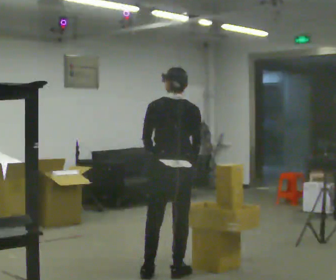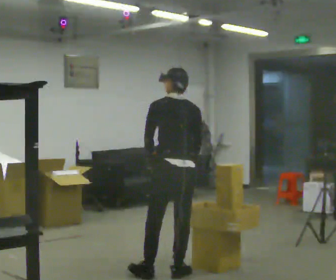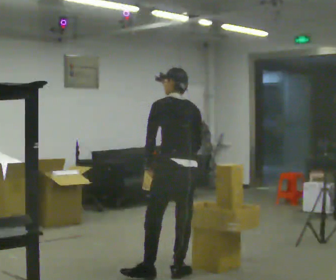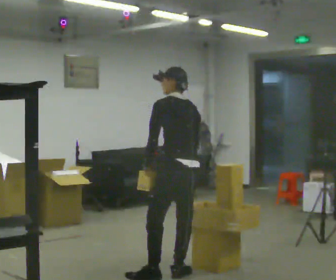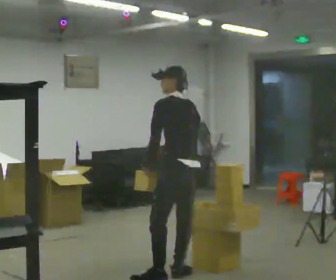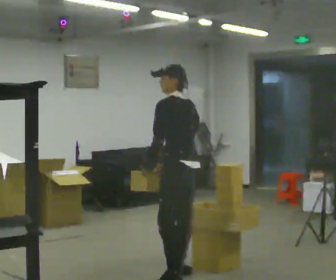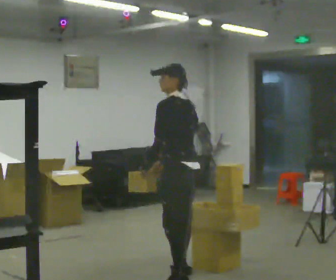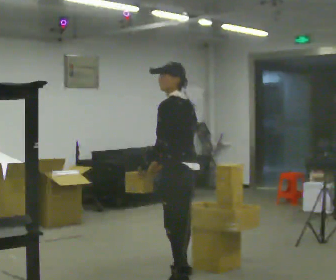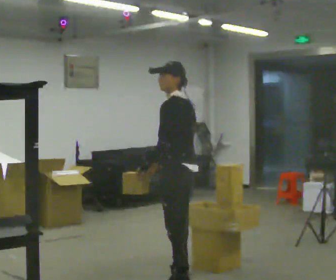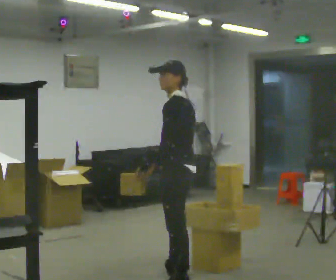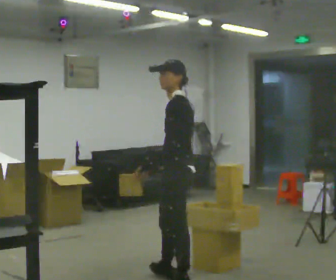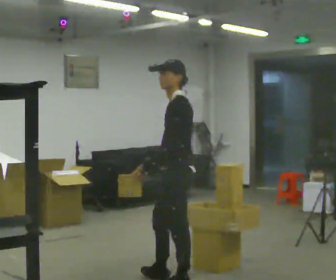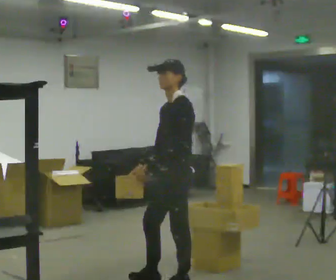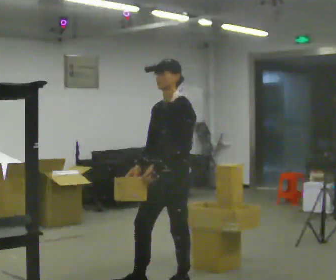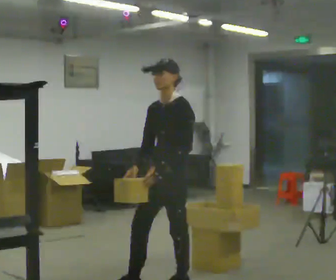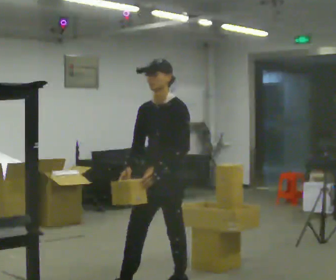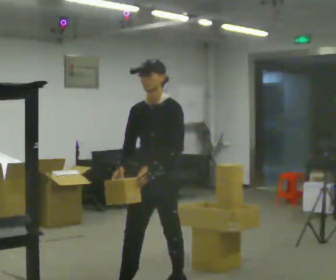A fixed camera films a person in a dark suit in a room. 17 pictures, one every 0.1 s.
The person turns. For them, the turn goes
to their left.
The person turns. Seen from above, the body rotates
counterclockwise.
0.0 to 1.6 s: The person turns about 135 degrees to their left, counterclockwise seen from above, so the part of the body nearest the lens slides to the right. In the picture they go toward the camera, about 0.5 m in 2 steps. The upper body tips toward the camera, its near side rolling downward, as they lean back or straighten.
The film runs forward here.
